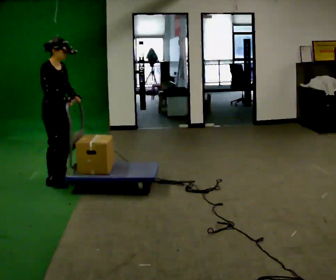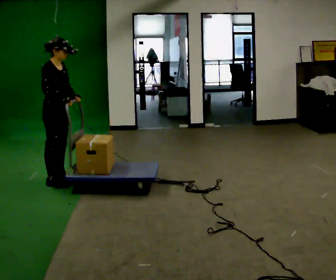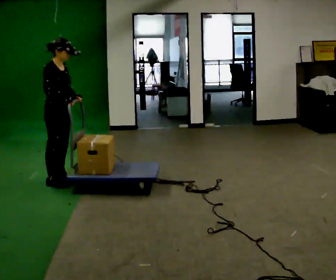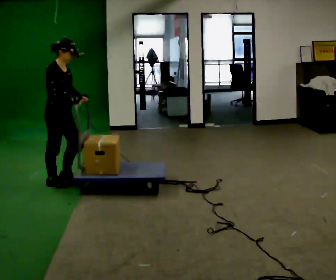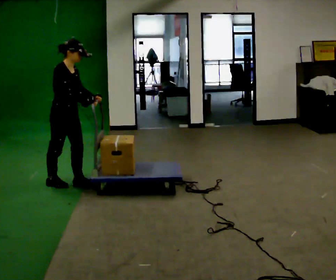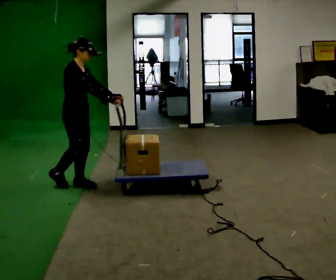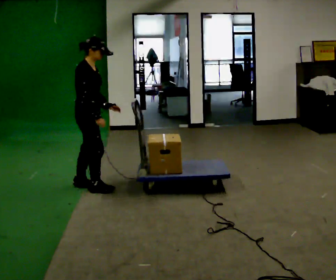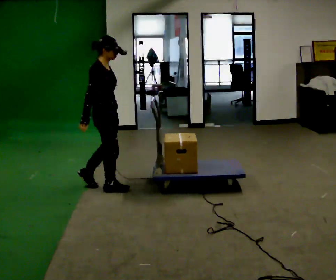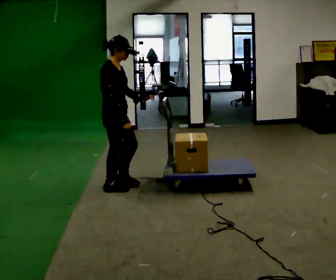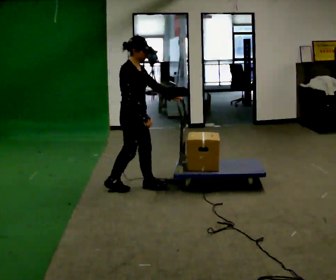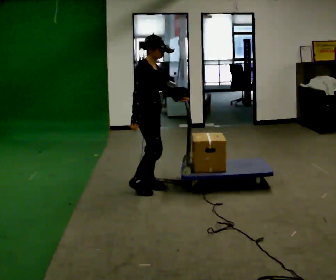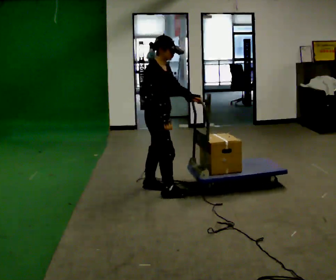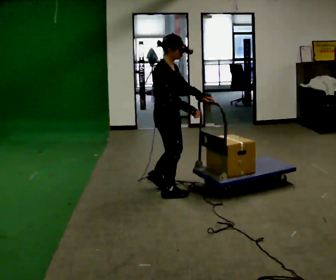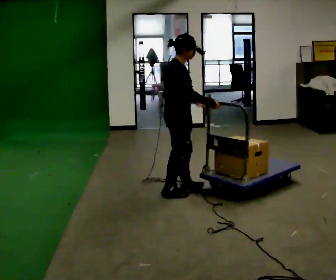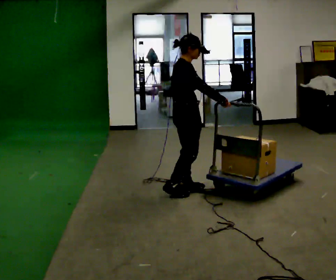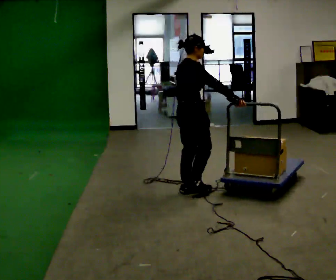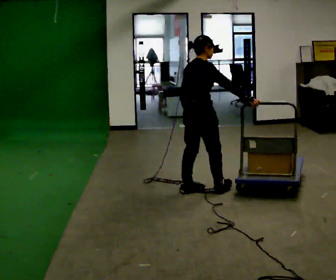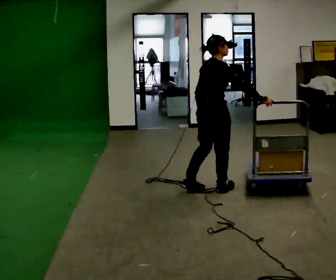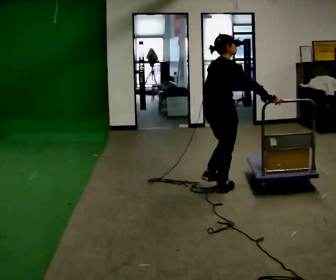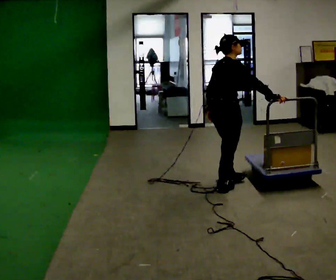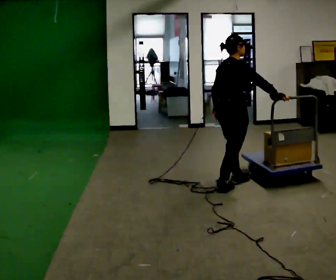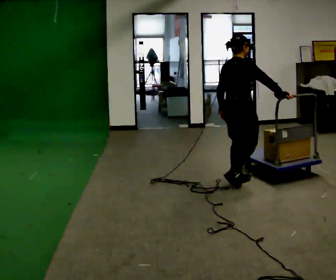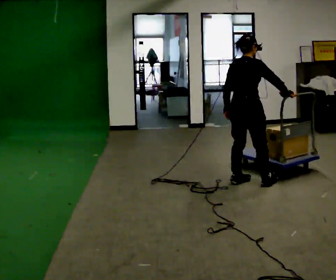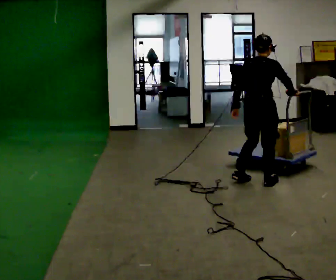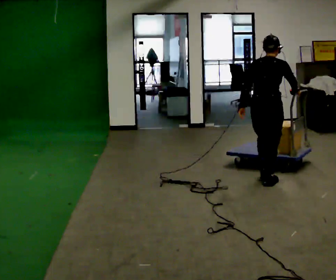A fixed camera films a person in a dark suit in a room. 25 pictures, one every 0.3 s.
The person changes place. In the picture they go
to the right.
0.0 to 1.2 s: The person moves a little, or ends about where they began.
1.2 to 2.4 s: In the picture they go to the right, about 0.5 m in 1 step, which for them is forward.
2.4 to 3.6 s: In the picture they go to the right, about 0.5 m in 2 steps, which for them is forward.
3.6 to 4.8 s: The person turns about 30 degrees to their left, counterclockwise seen from above, so the part of the body nearest the lens slides to the right. In the picture they go to the right, about 0.25 m in 1 step, which for them is forward.
4.8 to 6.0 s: In the picture they go to the right, about 0.25 m in 2 steps, which for them is forward.
6.0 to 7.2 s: The person turns about 30 degrees to their left, counterclockwise seen from above, so the part of the body nearest the lens slides to the right. In the picture they go to the right, about 0.5 m in 1 step, which for them is forward and to their right.
The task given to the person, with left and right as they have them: Stand still with your hands on the cart. When the operator says go, get it moving, push it a few metres, then bring it to a stop. Repeat until the operator says stop.
The film runs forward here.
